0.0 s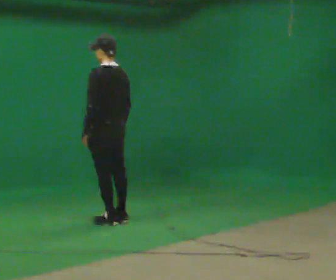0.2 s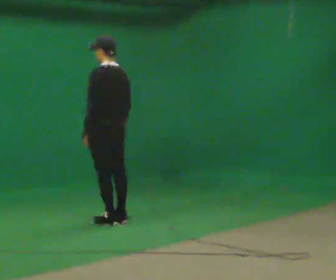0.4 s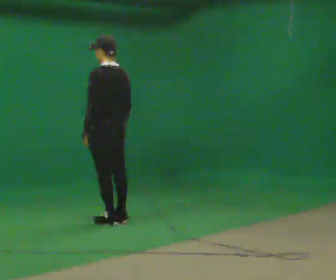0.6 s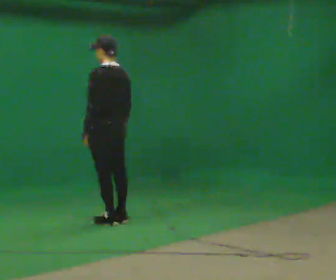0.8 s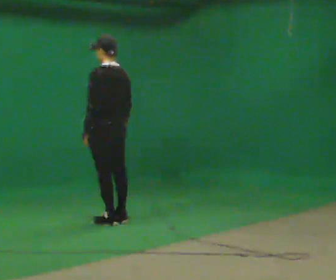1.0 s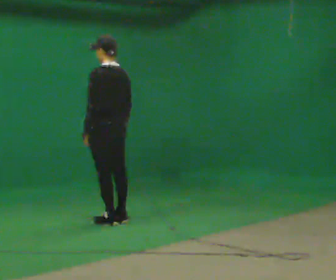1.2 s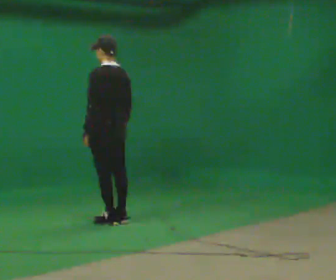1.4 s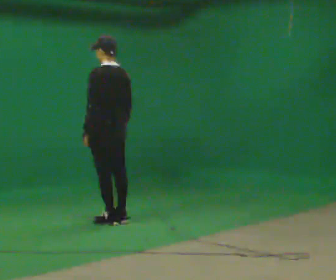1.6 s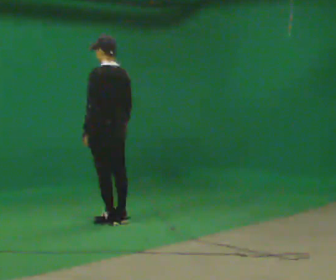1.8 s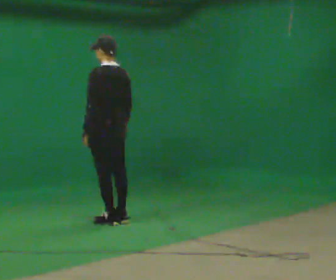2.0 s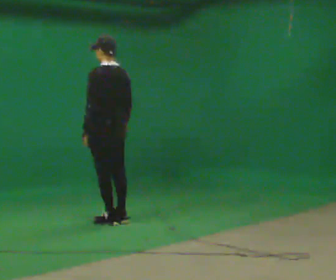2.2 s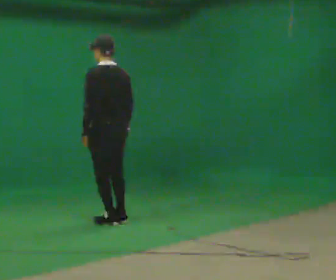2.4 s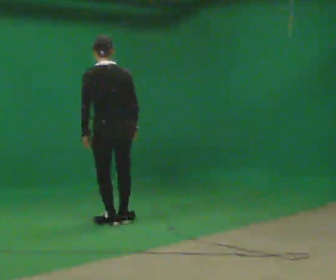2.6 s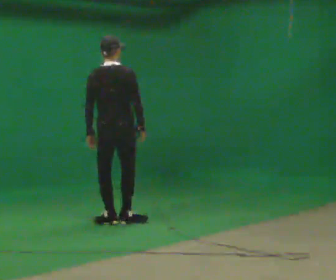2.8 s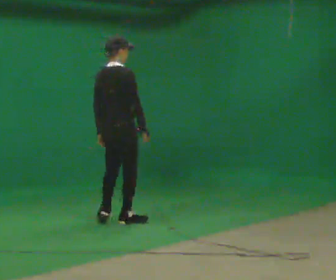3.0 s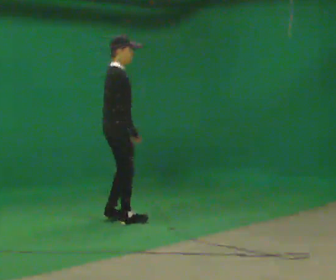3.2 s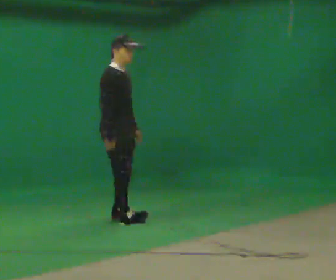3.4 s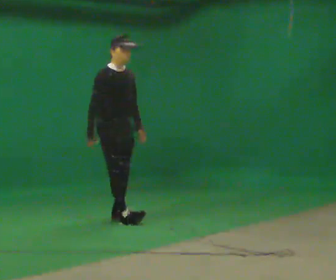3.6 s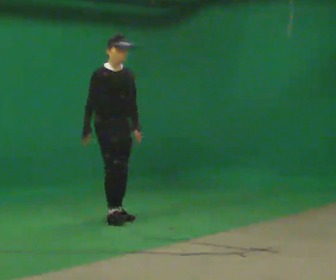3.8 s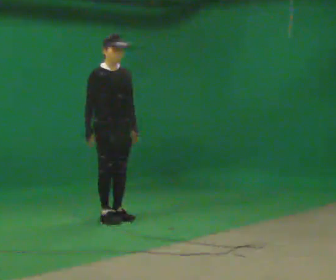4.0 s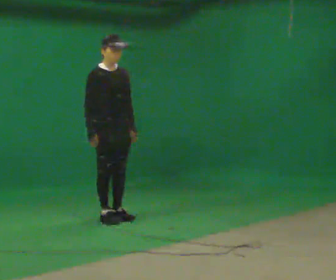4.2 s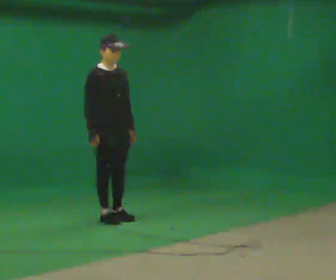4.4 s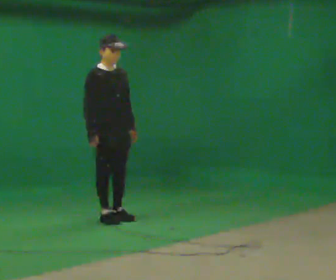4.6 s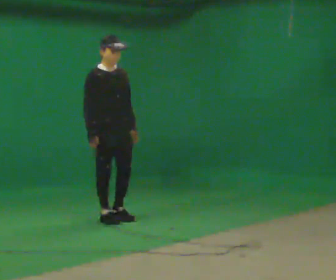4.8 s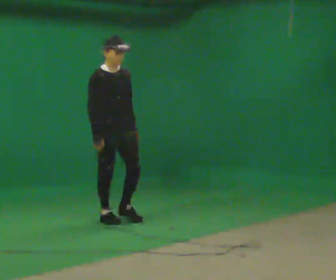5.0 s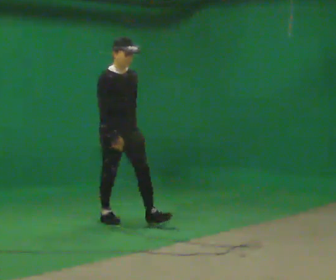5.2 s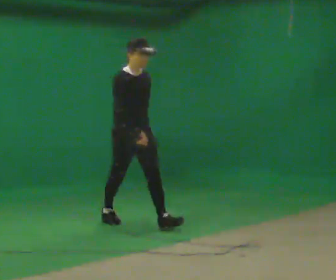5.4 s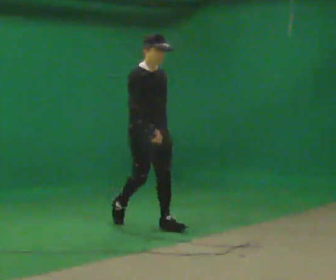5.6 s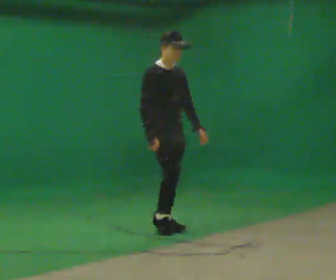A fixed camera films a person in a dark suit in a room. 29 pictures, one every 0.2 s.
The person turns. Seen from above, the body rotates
clockwise.
The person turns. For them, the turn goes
to their right.
0.0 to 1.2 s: The person keeps their place and pose.
1.2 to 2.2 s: The person moves a little, or ends about where they began.
2.2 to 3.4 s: The part of the body nearest the lens slides to the left as the person turns to their right by about 165 degrees. In the picture their right hand goes to the left.
3.4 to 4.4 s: The person moves a little, or ends about where they began.
4.4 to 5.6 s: In the picture they go toward the camera and to the right, about 1 m in 1 step, which for them is forward.
The film runs forward here.
